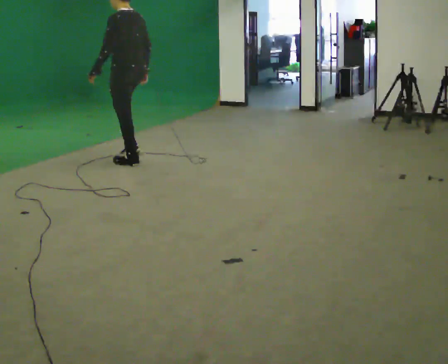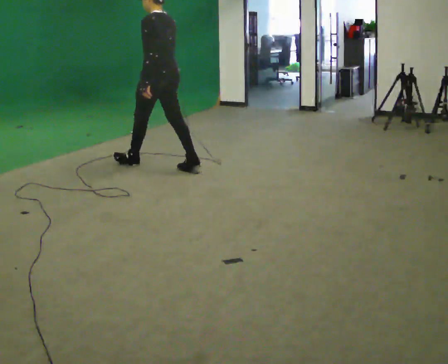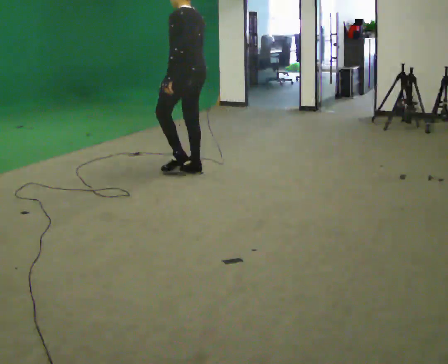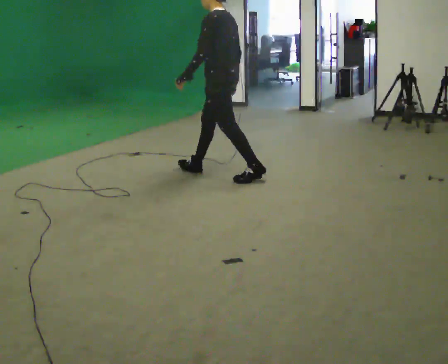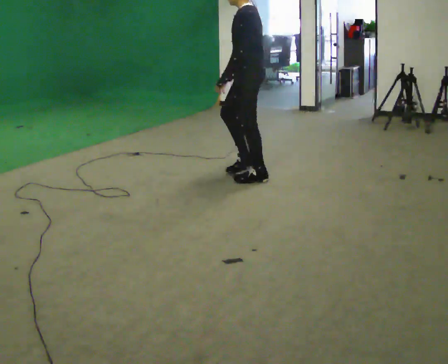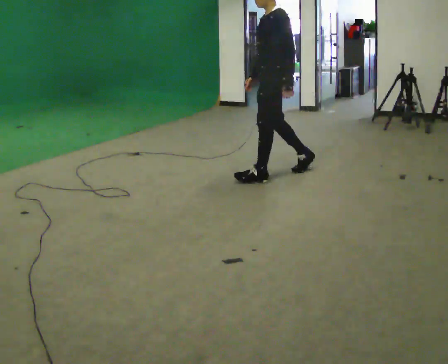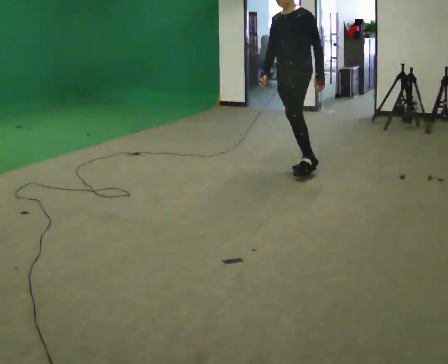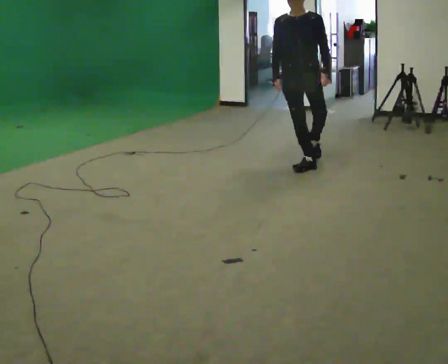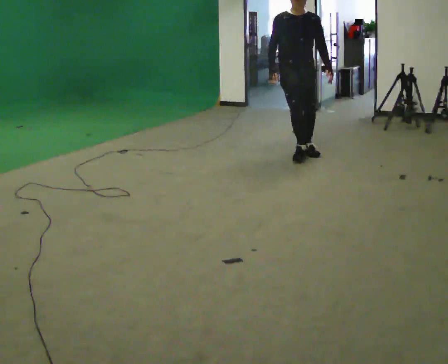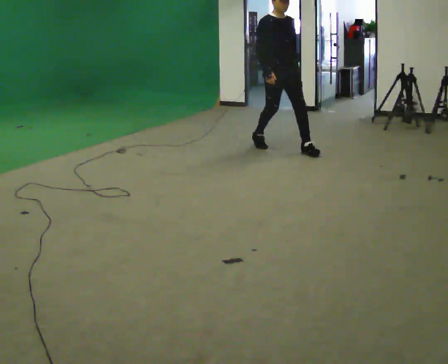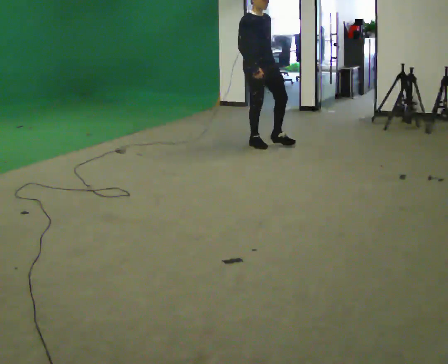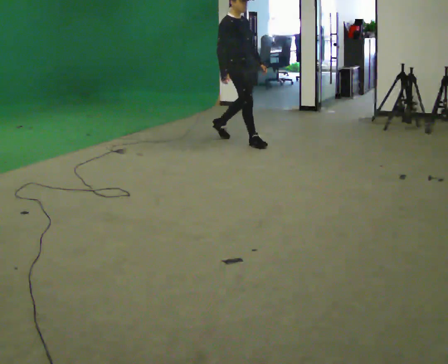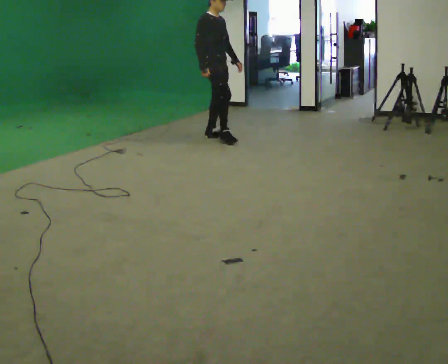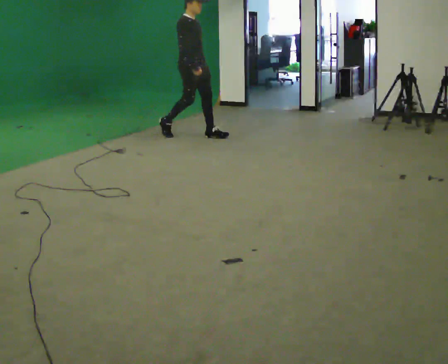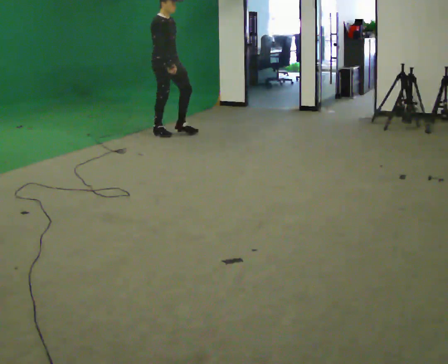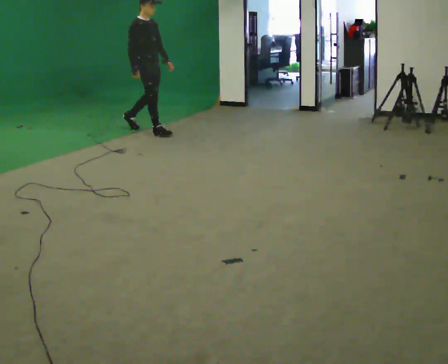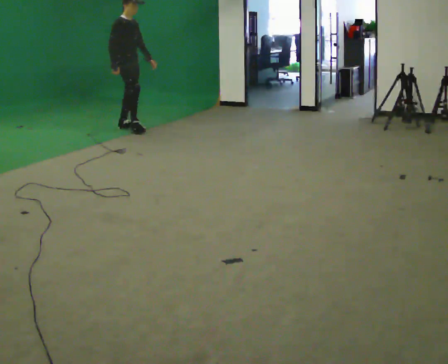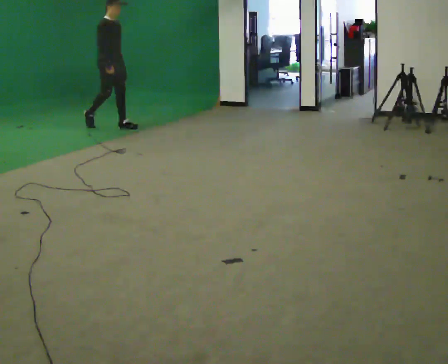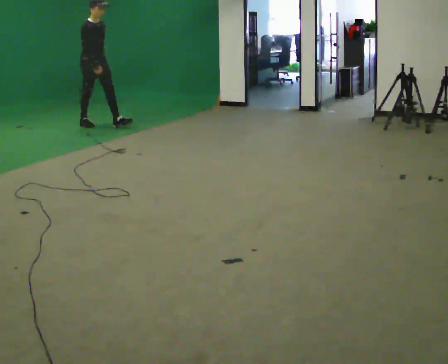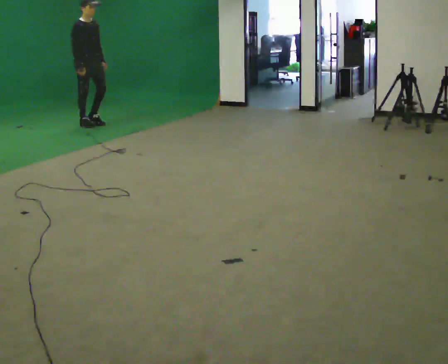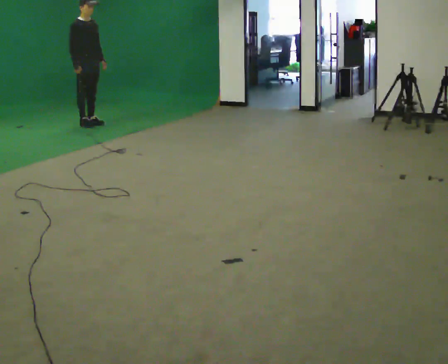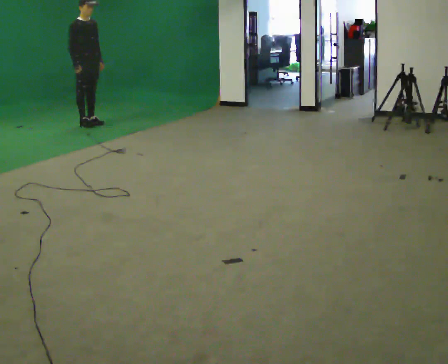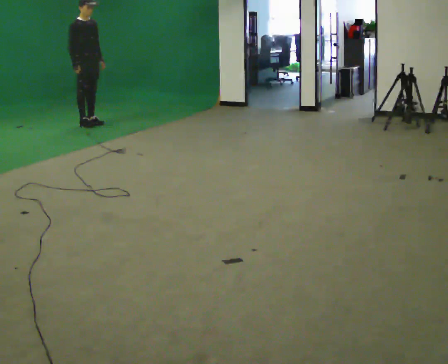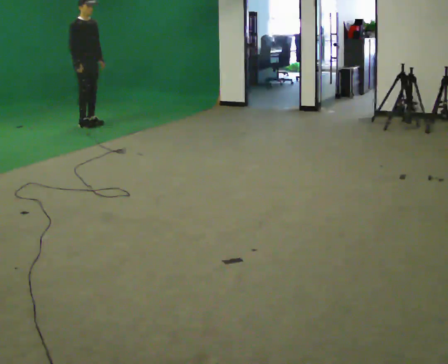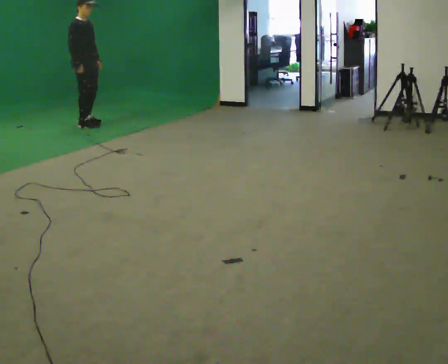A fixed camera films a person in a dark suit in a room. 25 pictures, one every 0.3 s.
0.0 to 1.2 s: In the picture they go to the right and toward the camera, about 1 m in 2 steps, which for them is backward.
1.2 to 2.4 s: The person turns about 105 degrees to their left, counterclockwise seen from above, so the part of the body nearest the lens slides to the right. In the picture they go away from the camera and to the right, about 1 m in 2 steps.
2.4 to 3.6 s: The part of the body nearest the lens slides to the right as the person turns to their left by about 60 degrees. In the picture they go away from the camera and to the left, about 1 m in 2 steps, which for them is backward.
3.6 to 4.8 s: In the picture they go to the left and away from the camera, about 1.5 m in 2 steps, which for them is backward.
4.8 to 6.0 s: In the picture they go to the left and away from the camera, about 0.75 m in 1 step, which for them is backward.
6.0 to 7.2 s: The person moves a little, or ends about where they began.
The film runs backward here.
